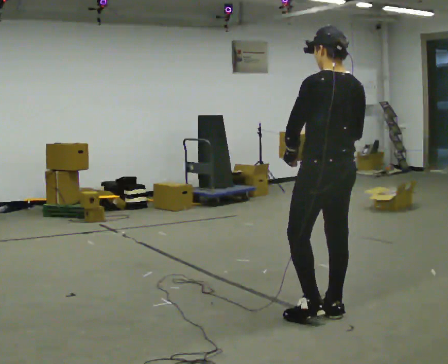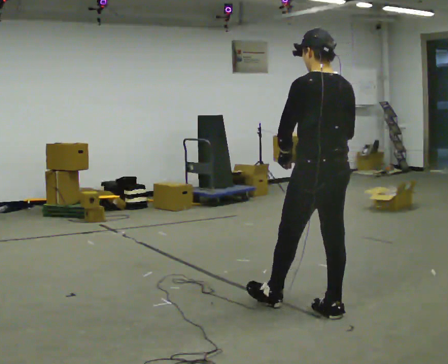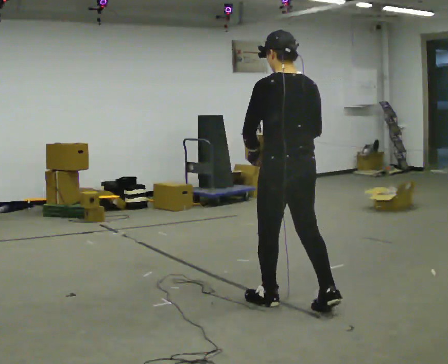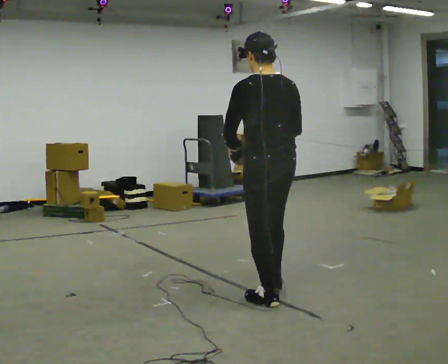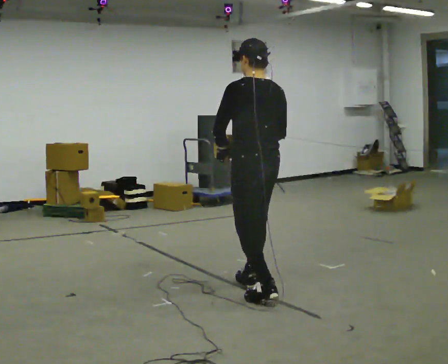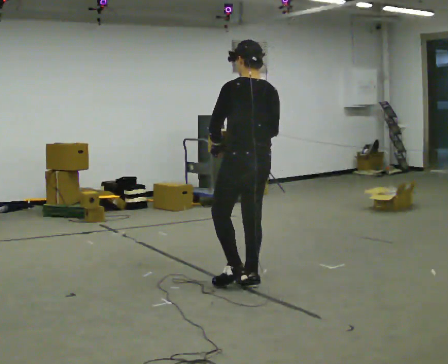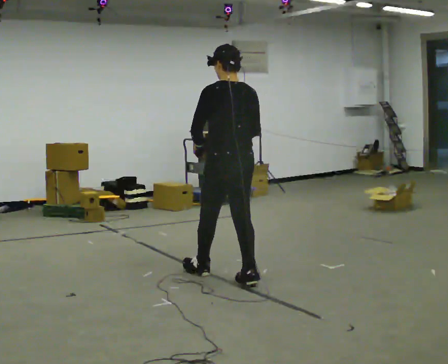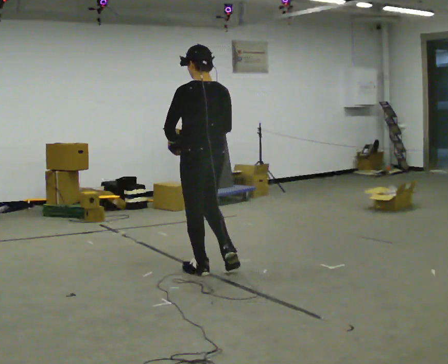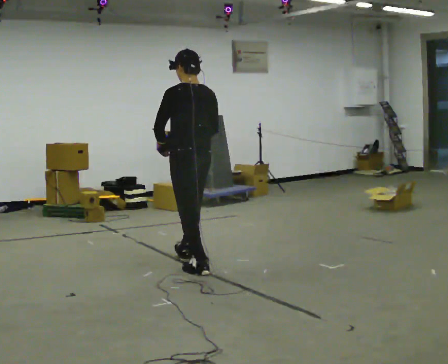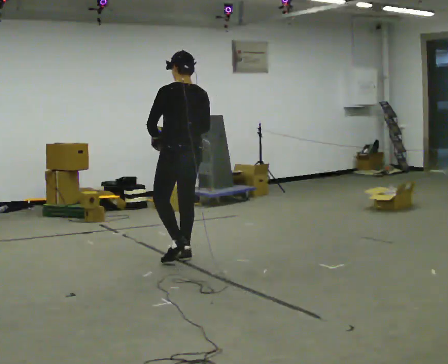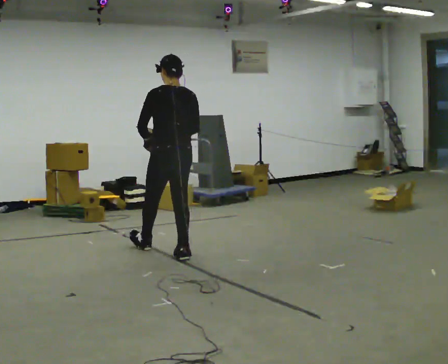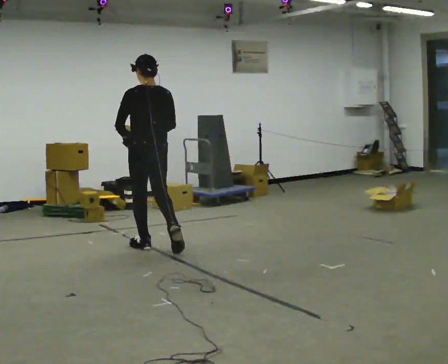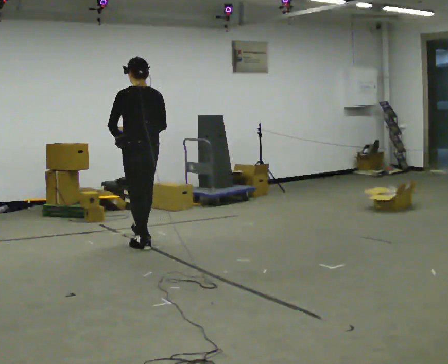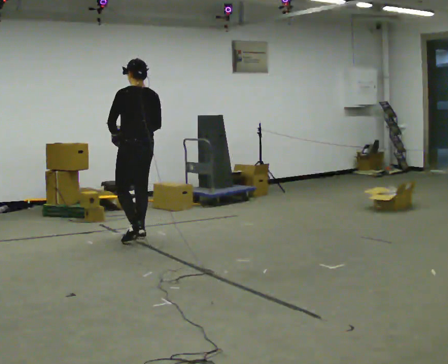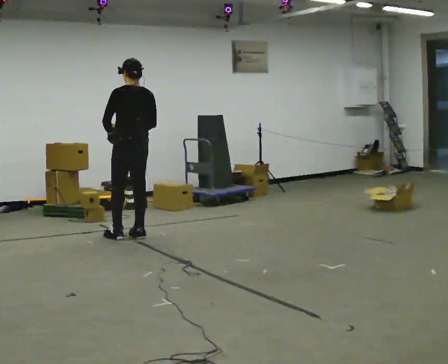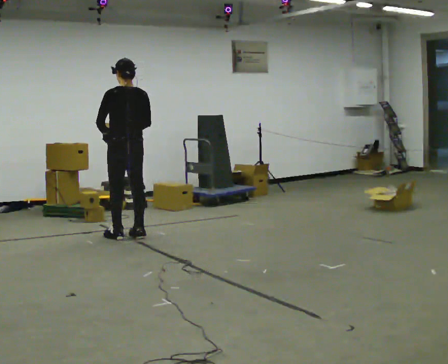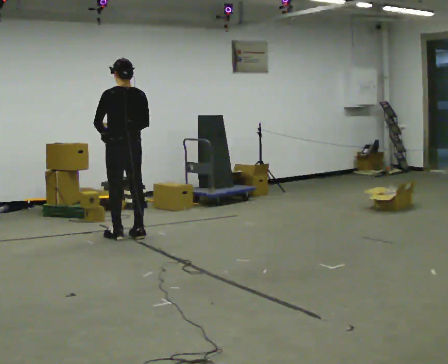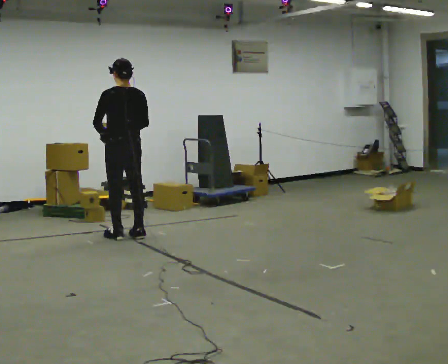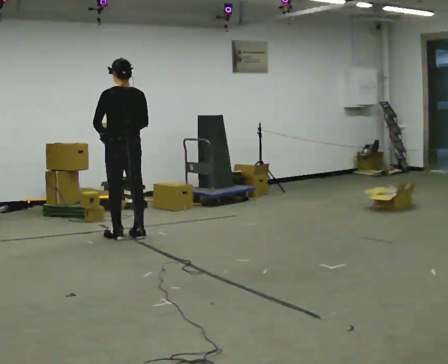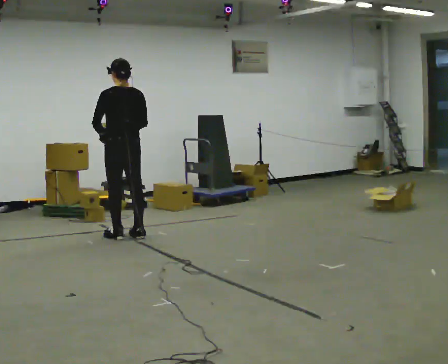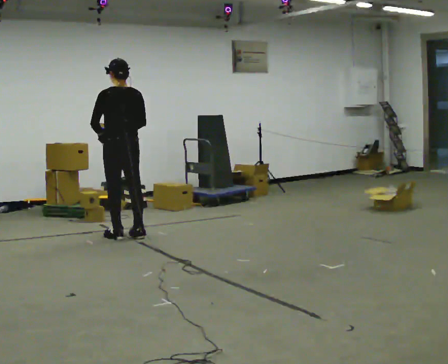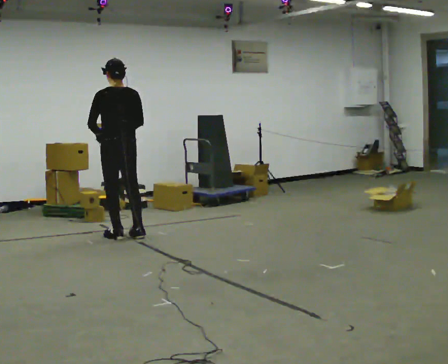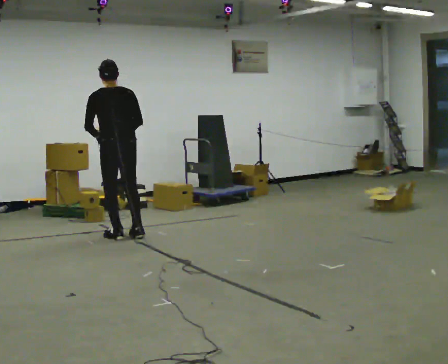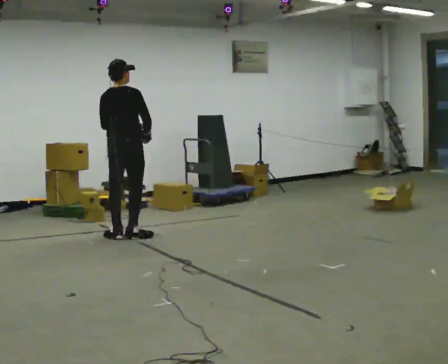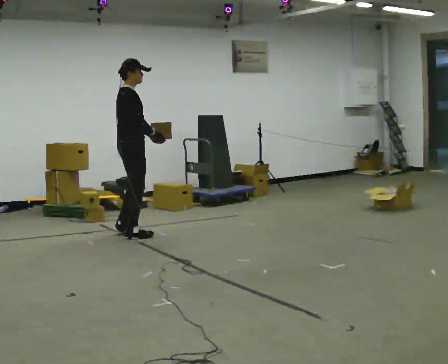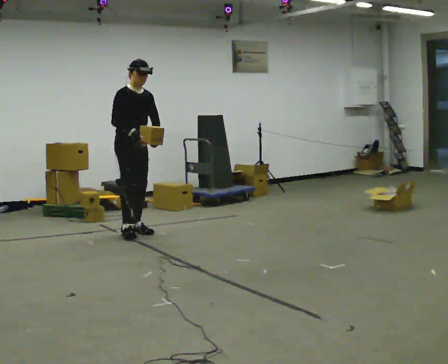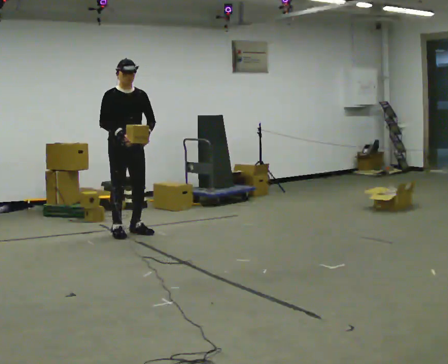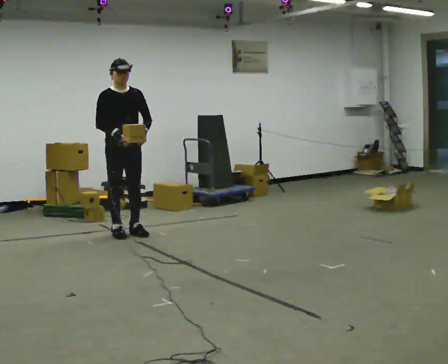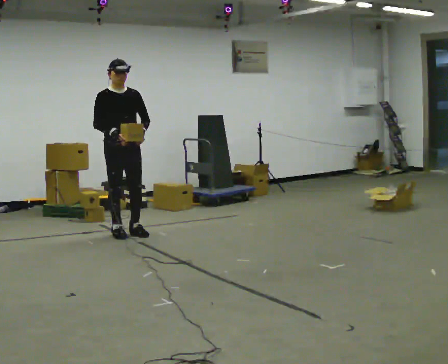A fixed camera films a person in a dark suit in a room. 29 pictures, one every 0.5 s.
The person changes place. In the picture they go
away from the camera.
0.0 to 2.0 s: In the picture they go away from the camera and to the left, about 0.75 m in 2 steps, which for them is forward.
2.0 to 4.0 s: In the picture they go away from the camera and to the left, about 1 m in 2 steps, which for them is forward.
4.0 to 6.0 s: In the picture they go away from the camera and to the left, about 1 m in 1 step, which for them is forward.
6.0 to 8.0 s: In the picture they go away from the camera and to the left, about 0.5 m in 2 steps, which for them is forward.
8.0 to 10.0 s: The person moves a little, or ends about where they began.
10.0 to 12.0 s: The part of the body nearest the lens slides to the left as the person turns to their right by about 105 degrees. In the picture their left hand goes to the right, the arm swinging counterclockwise.
12.0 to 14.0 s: Seen from above the body turns clockwise, about 75 degrees: to their right, with its near side sliding to the left.
The film runs forward here.
